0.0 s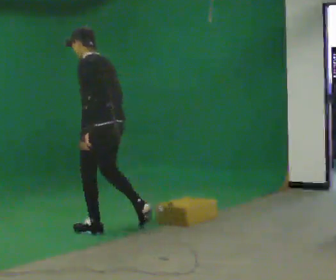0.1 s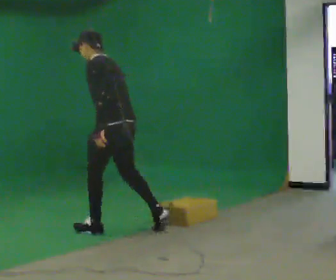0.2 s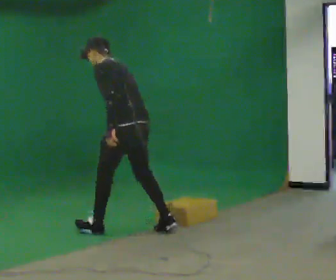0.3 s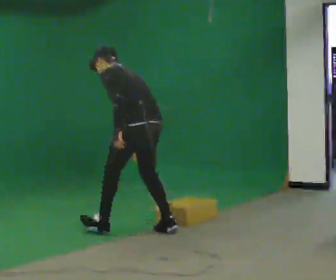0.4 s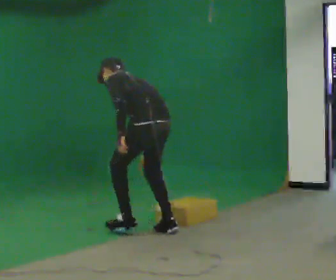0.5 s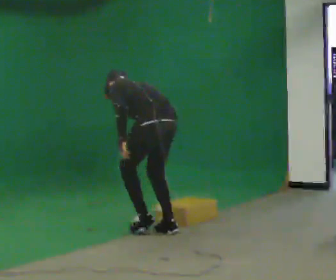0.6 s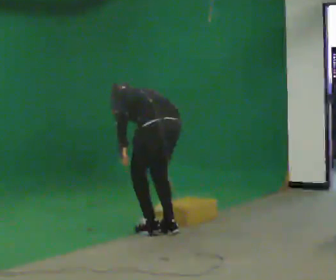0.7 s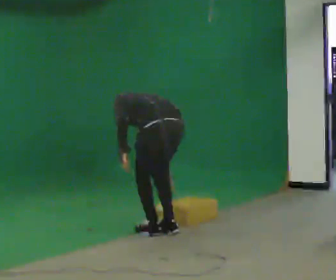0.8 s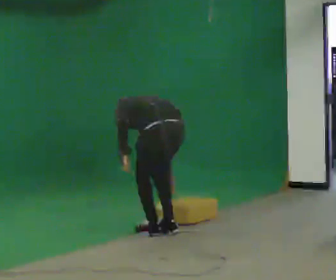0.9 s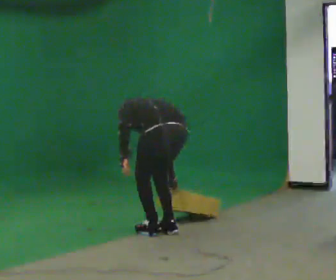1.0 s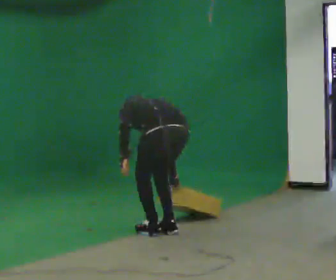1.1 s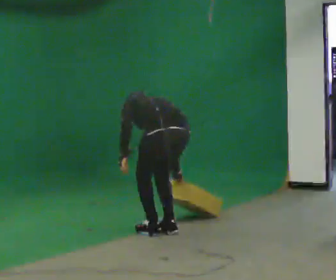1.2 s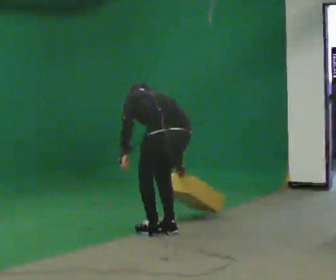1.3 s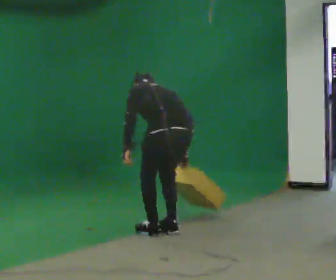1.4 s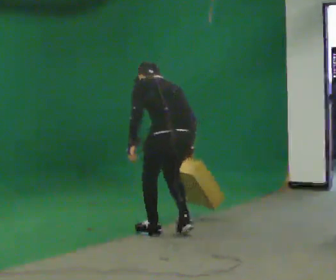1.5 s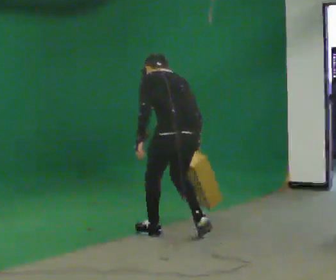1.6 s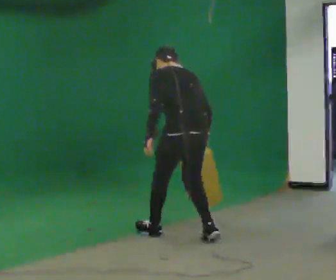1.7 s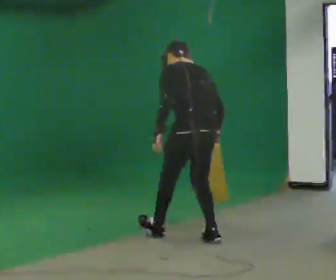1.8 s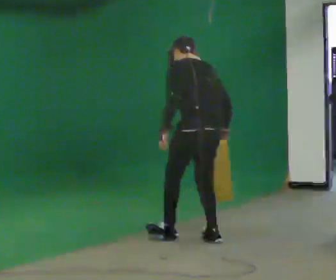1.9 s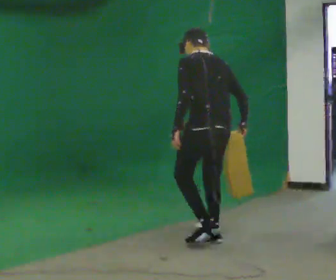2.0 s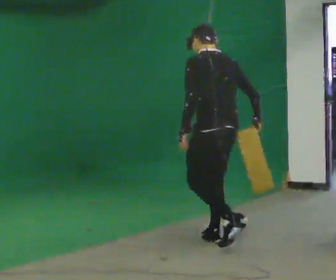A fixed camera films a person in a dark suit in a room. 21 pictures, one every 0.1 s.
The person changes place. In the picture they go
to the right.
0.0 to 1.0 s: The part of the body nearest the lens slides to the left as the person turns to their right by about 30 degrees. In the picture they go to the right and toward the camera, about 0.5 m in 1 step, which for them is backward. The shoulders move downward. The upper body tips away from the camera, its near side rolling upward, as they bend forward.
1.0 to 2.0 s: In the picture they go to the right and toward the camera, about 0.5 m in 2 steps, which for them is backward. The shoulders move upward. The upper body tips toward the camera, its near side rolling downward, as they lean back or straighten.
The film runs backward here.
